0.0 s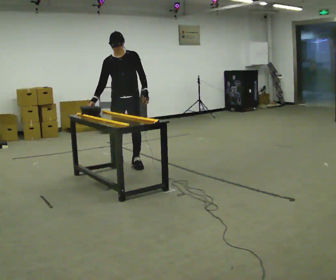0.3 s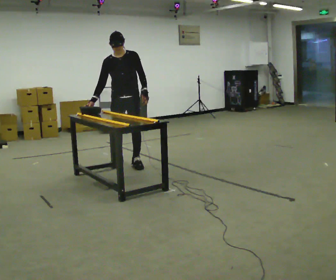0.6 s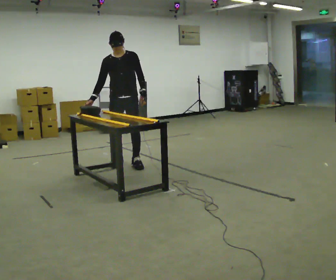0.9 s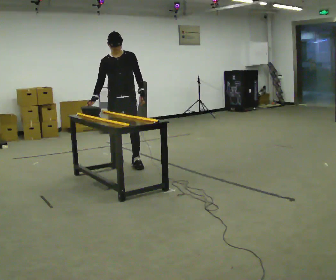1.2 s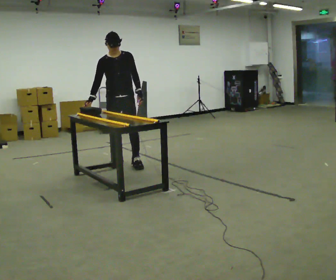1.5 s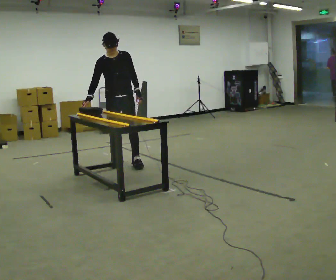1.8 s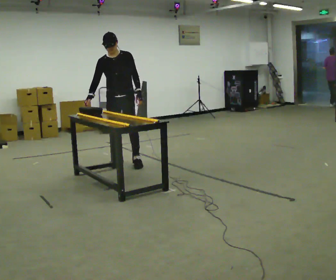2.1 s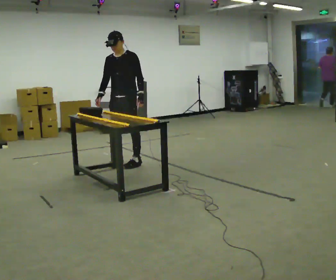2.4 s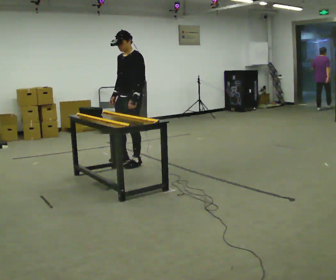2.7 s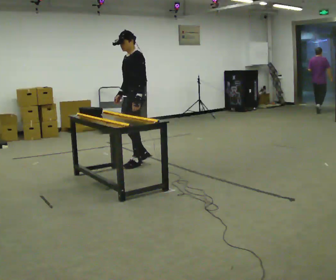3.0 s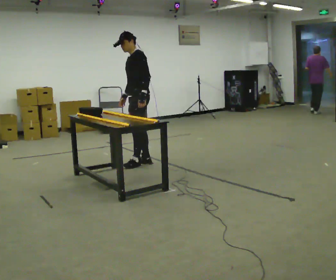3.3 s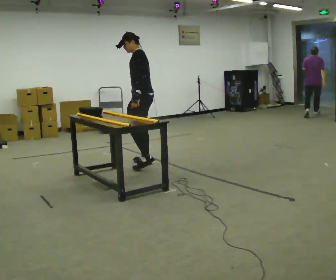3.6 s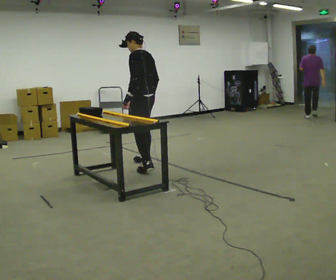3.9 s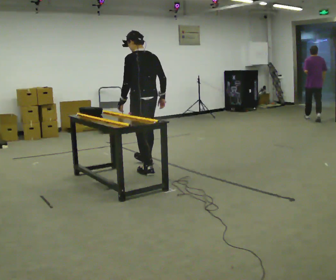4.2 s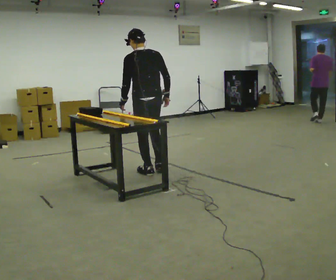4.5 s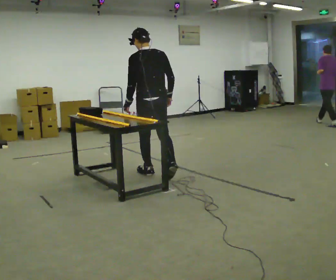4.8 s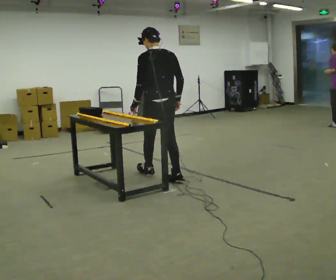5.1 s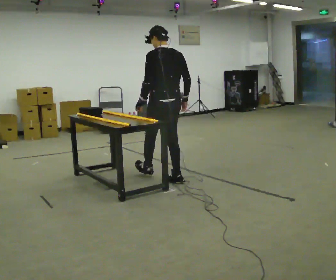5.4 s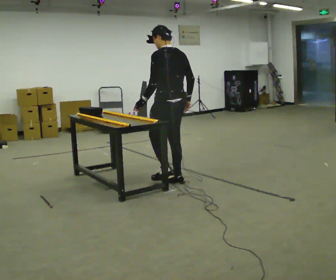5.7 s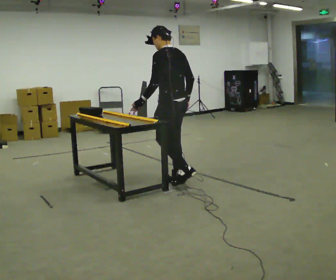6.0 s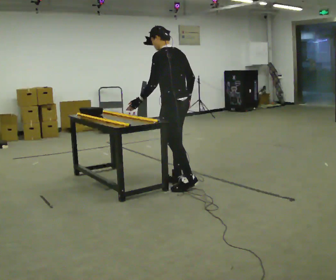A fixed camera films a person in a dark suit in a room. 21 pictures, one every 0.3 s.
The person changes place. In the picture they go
toward the camera.
0.0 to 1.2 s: The person moves a little, or ends about where they began.
1.2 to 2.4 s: Seen from above the body turns clockwise, about 60 degrees: to their right, with its near side sliding to the left. In the picture they go to the right, about 0.25 m in 1 step, which for them is to their left.
2.4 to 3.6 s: The person turns about 75 degrees to their right, clockwise seen from above, so the part of the body nearest the lens slides to the left. In the picture they go toward the camera and to the right, about 0.25 m in 1 step. In the picture their right hand goes to the right.
3.6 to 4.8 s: Seen from above the body turns clockwise, about 45 degrees: to their right, with its near side sliding to the left. In the picture they go toward the camera, about 0.5 m in 1 step, which for them is backward.
4.8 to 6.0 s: The person turns about 30 degrees to their left, counterclockwise seen from above, so the part of the body nearest the lens slides to the right. In the picture they go toward the camera and to the right, about 0.25 m in 1 step, which for them is backward.
The film runs backward here.
